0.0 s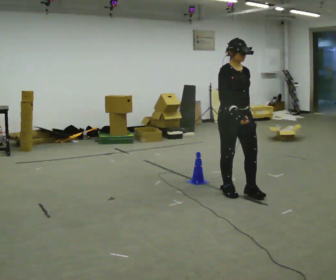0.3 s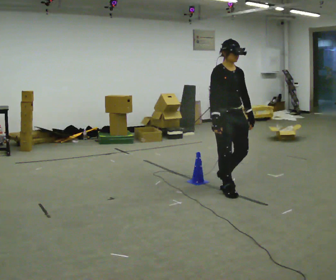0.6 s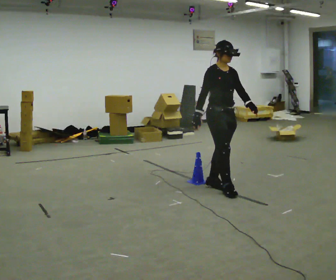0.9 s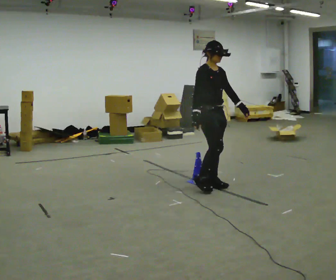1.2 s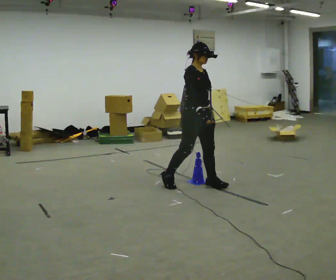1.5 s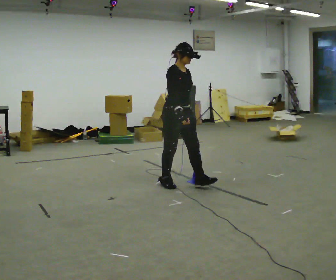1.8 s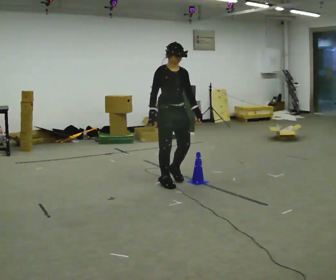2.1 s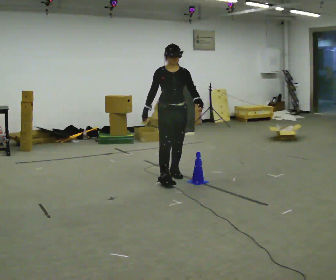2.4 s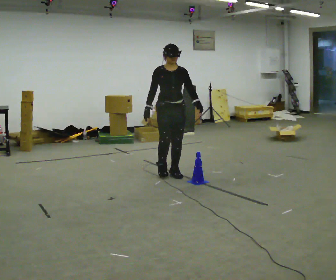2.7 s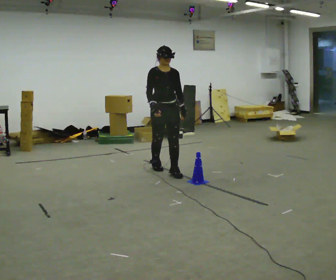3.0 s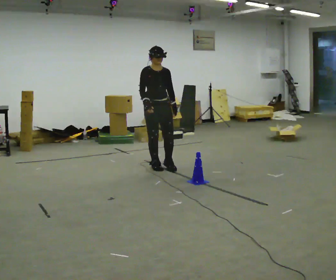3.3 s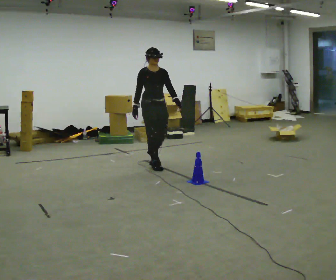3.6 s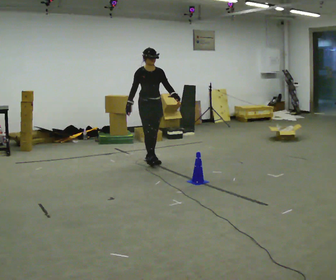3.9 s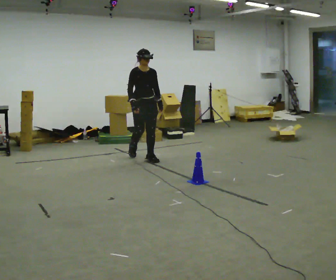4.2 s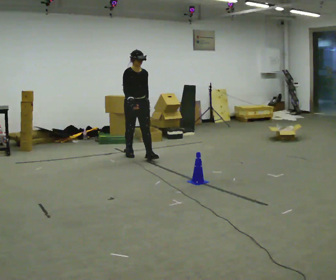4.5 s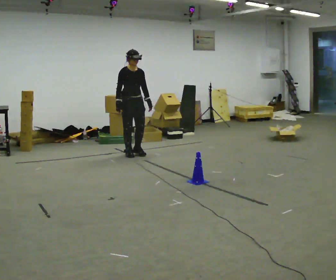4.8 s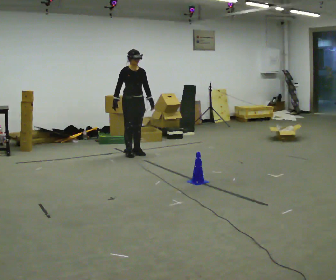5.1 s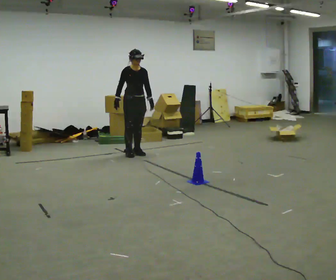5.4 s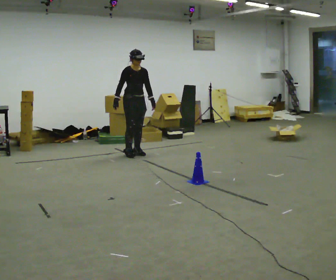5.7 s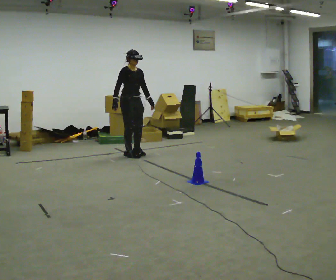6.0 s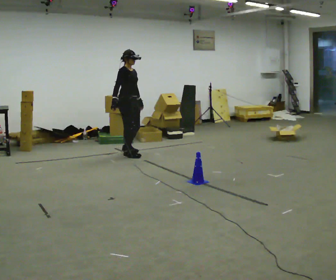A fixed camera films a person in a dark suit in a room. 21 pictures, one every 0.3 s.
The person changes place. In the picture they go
away from the camera.
0.0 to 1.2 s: In the picture they go away from the camera and to the left, about 0.5 m in 1 step, which for them is backward.
1.2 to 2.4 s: The person turns about 30 degrees to their right, clockwise seen from above, so the part of the body nearest the lens slides to the left. In the picture they go away from the camera and to the left, about 0.5 m in 2 steps, which for them is backward.
2.4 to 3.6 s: In the picture they go away from the camera, about 1 m in 2 steps, which for them is backward.
3.6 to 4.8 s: In the picture they go away from the camera and to the left, about 0.5 m in 1 step, which for them is backward.
4.8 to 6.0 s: The part of the body nearest the lens slides to the right as the person turns to their left by about 30 degrees.
The film runs backward here.
